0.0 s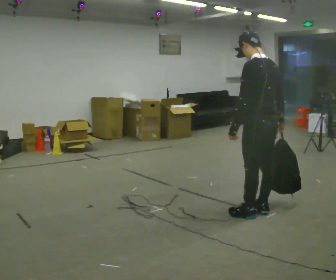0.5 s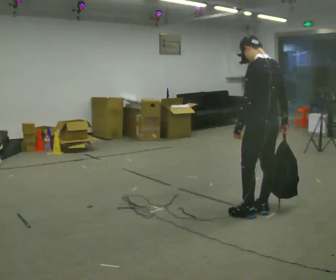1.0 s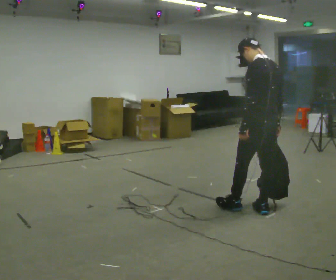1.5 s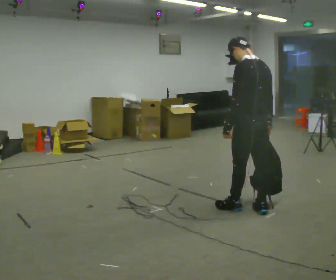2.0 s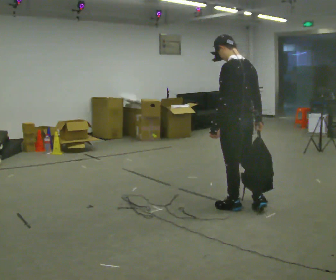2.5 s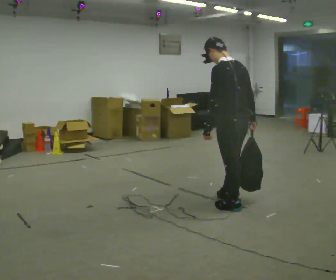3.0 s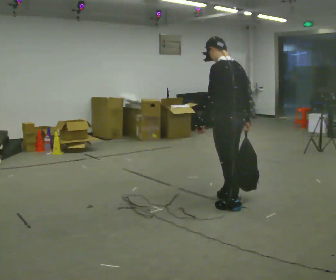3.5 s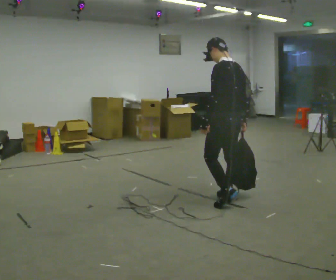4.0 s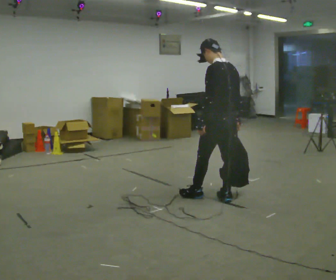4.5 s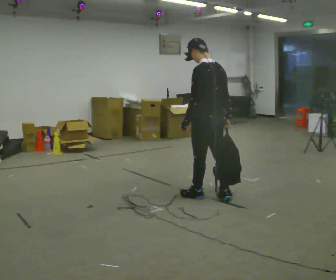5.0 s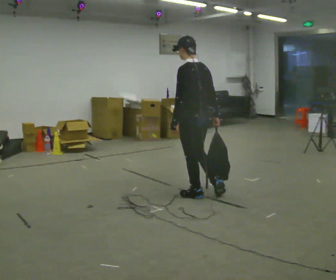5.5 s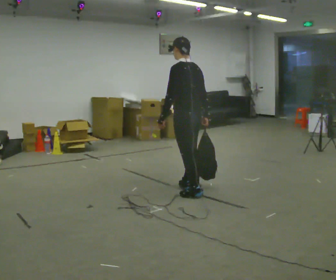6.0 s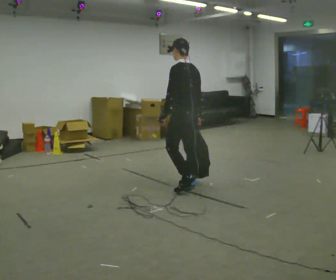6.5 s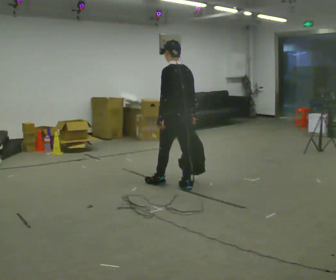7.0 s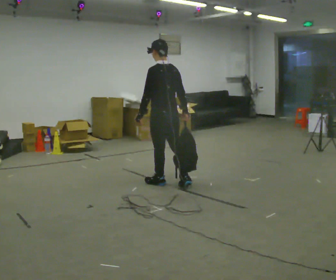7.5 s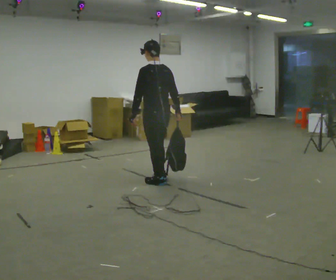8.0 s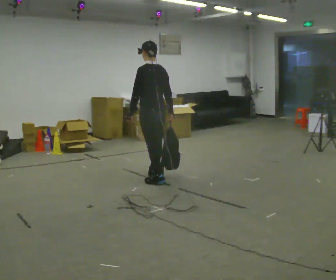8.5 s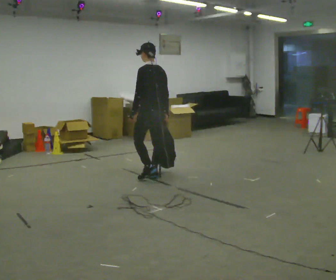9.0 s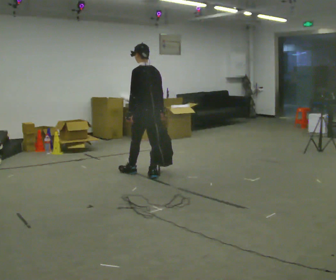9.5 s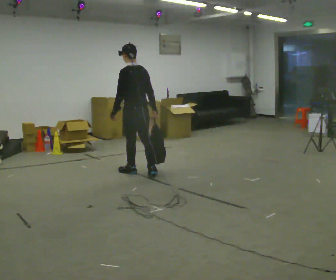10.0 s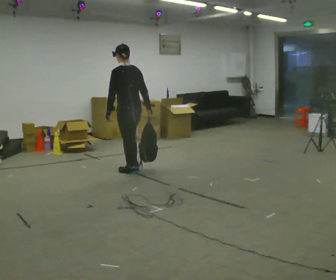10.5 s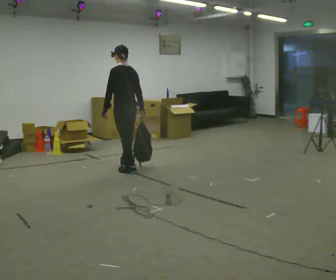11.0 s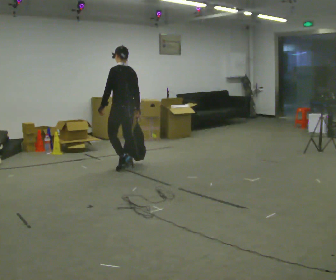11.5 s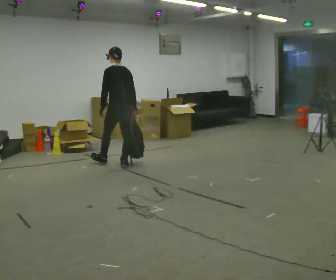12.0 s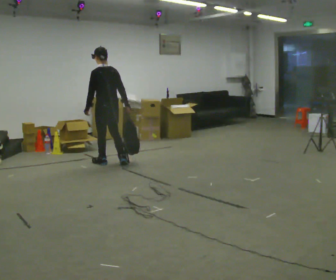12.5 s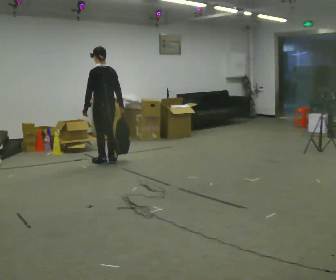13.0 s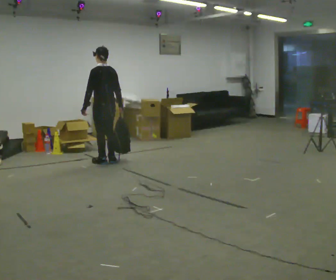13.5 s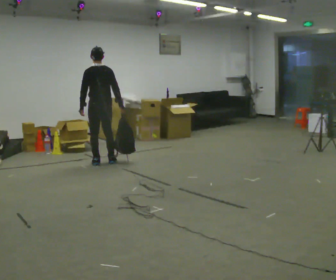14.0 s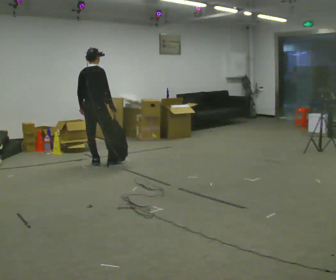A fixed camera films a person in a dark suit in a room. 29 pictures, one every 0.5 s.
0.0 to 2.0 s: In the picture they go away from the camera and to the left, about 0.25 m in 1 step, which for them is forward.
2.0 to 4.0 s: In the picture they go away from the camera, about 0.25 m in 2 steps, which for them is forward and to their right.
4.0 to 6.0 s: In the picture they go away from the camera and to the left, about 0.5 m in 1 step, which for them is forward.
6.0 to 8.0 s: In the picture they go away from the camera and to the left, about 0.5 m in 2 steps, which for them is forward.
8.0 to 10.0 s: In the picture they go away from the camera and to the left, about 0.5 m in 1 step, which for them is forward.
10.0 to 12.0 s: In the picture they go away from the camera and to the left, about 0.5 m in 2 steps, which for them is forward.
12.0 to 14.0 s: The person turns about 60 degrees to their right, clockwise seen from above, so the part of the body nearest the lens slides to the left. In the picture they go to the left, about 0.25 m in 1 step.
The film runs forward here.
